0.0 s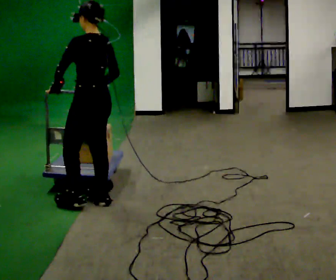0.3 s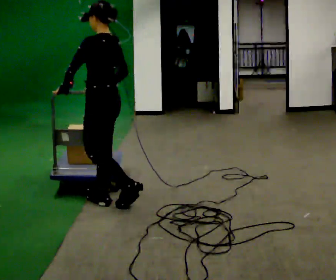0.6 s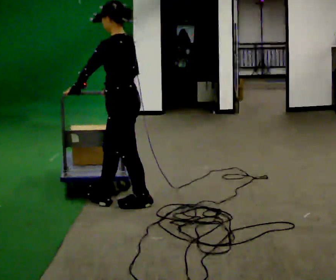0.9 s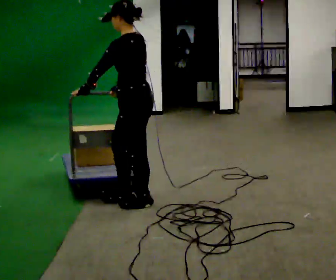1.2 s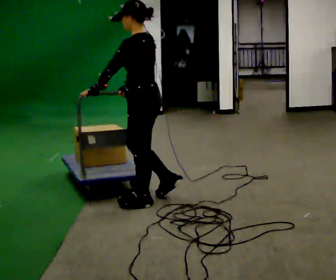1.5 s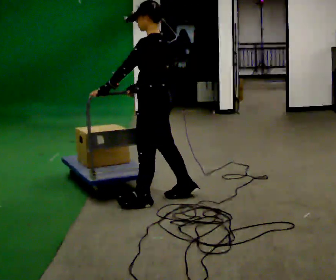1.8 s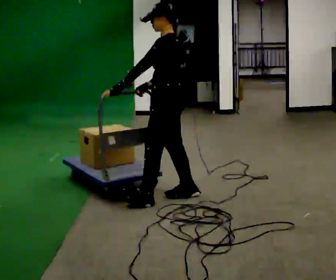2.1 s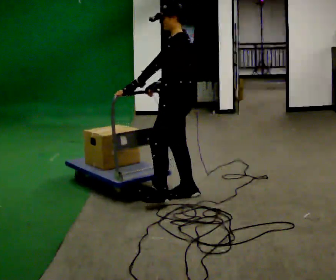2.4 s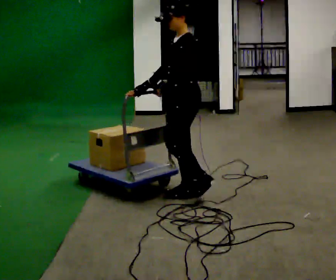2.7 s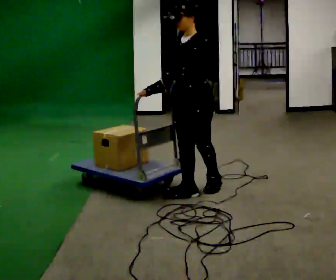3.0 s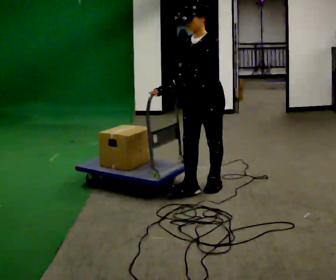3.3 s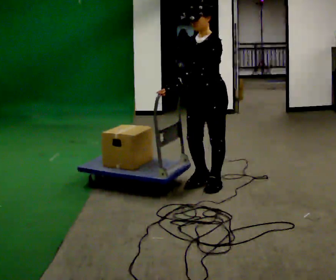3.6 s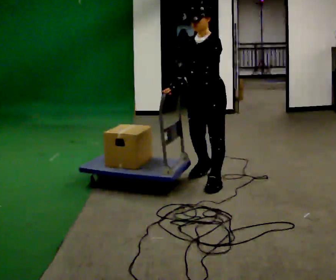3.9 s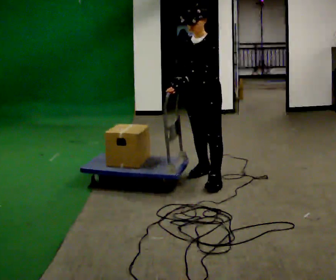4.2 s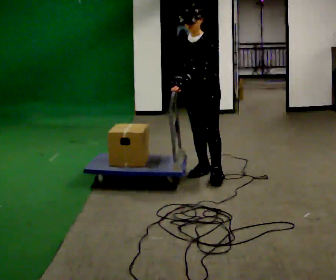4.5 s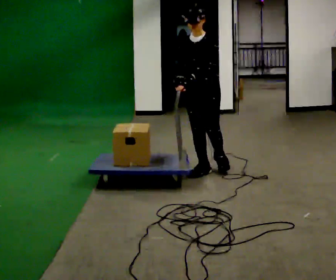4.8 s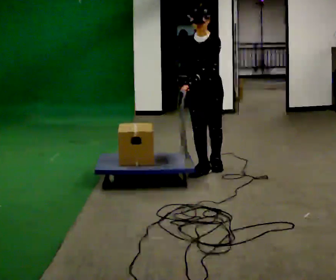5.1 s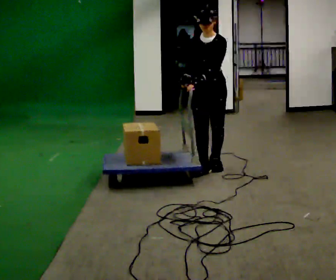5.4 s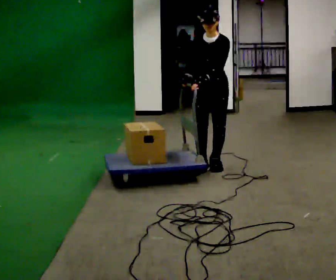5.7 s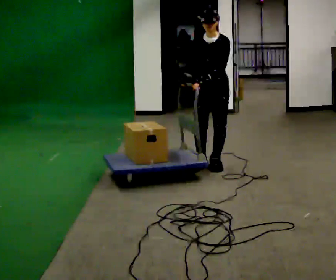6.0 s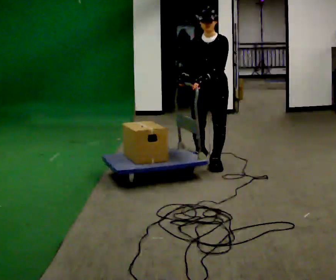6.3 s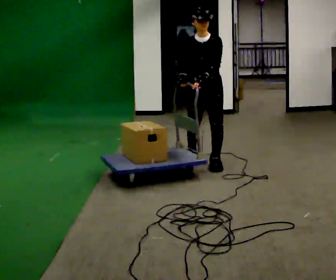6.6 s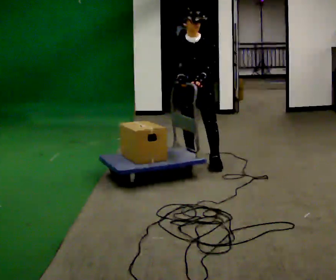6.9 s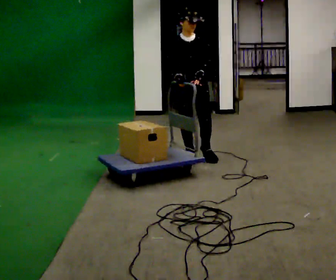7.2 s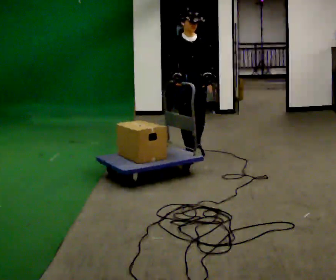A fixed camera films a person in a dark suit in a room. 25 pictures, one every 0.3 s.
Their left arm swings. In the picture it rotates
counterclockwise.
The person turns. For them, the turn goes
to their left.
0.0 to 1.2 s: In the picture they go to the right, about 0.5 m in 1 step, which for them is backward.
1.2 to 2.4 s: Seen from above the body turns counterclockwise, about 30 degrees: to their left, with its near side sliding to the right. In the picture they go to the right and away from the camera, about 0.25 m in 1 step, which for them is backward and to their right.
2.4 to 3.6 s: In the picture they go away from the camera and to the right, about 0.25 m in 1 step, which for them is backward.
3.6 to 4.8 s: In the picture they go away from the camera, about 0.25 m in 1 step, which for them is backward and to their right.
4.8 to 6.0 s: In the picture they go away from the camera, about 0.25 m in 1 step, which for them is backward.
6.0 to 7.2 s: The part of the body nearest the lens slides to the right as the person turns to their left by about 30 degrees. In the picture they go away from the camera and to the left, about 0.5 m in 1 step, which for them is backward and to their right.
The film runs backward here.
